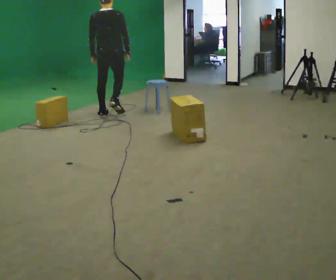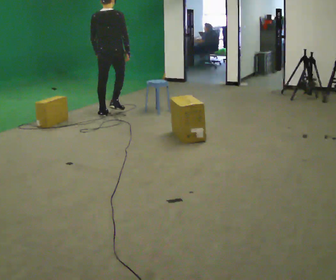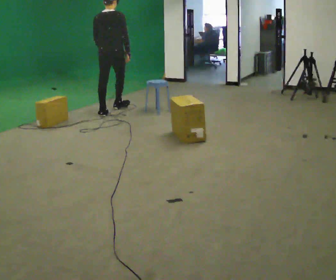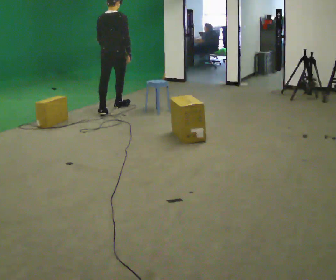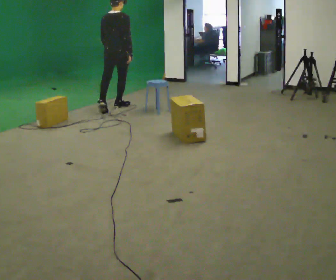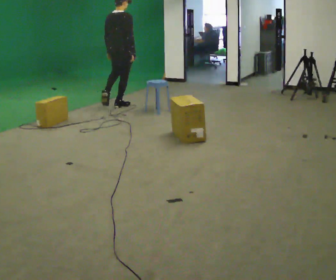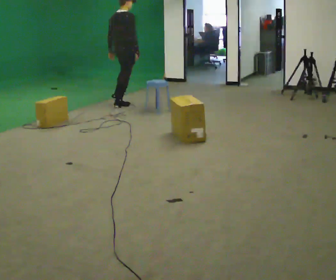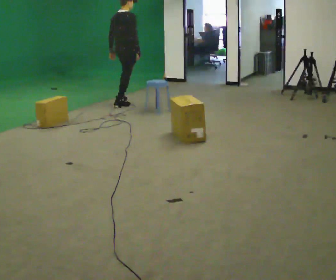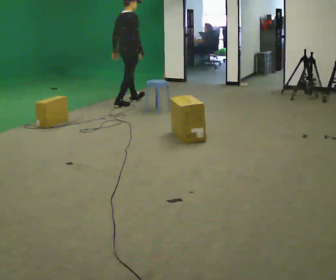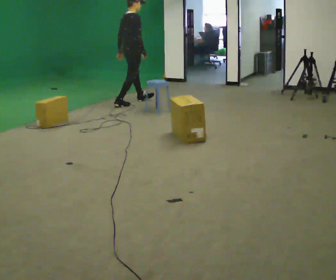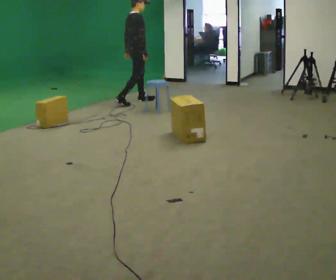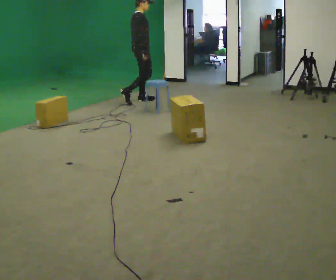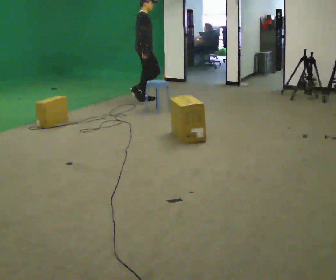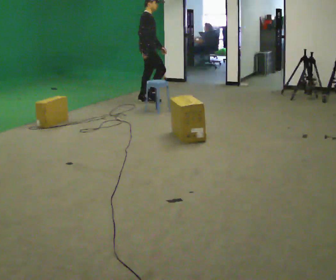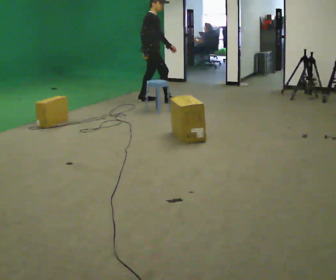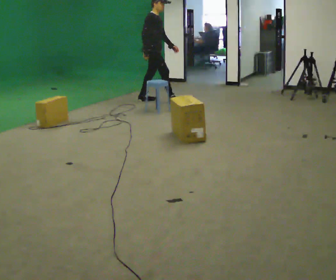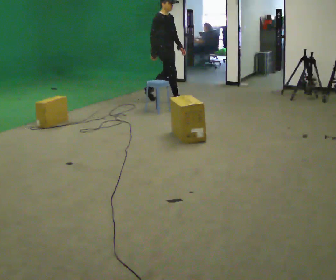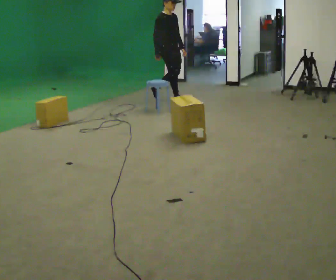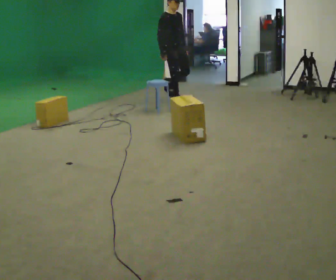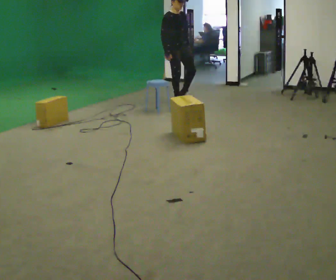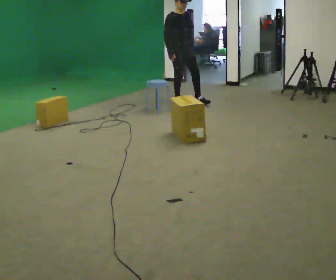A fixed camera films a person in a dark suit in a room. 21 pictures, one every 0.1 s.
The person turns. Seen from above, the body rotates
clockwise.
The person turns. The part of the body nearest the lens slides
to the left.
0.0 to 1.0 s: Seen from above the body turns clockwise, about 60 degrees: to their right, with its near side sliding to the left. In the picture they go away from the camera and to the right, about 1 m in 2 steps.
1.0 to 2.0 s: Seen from above the body turns clockwise, about 75 degrees: to their right, with its near side sliding to the left. In the picture they go to the right, about 0.75 m in 1 step.
The film runs forward here.
